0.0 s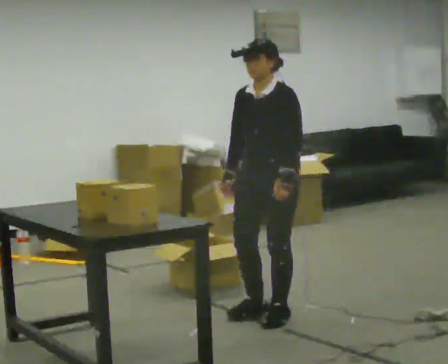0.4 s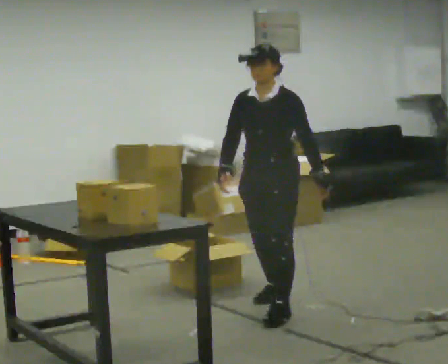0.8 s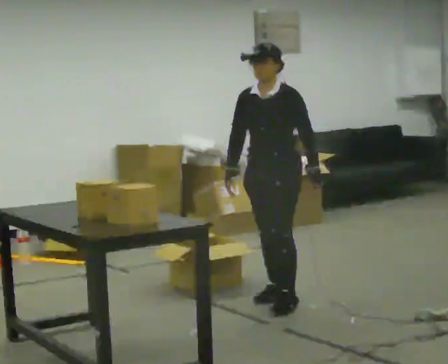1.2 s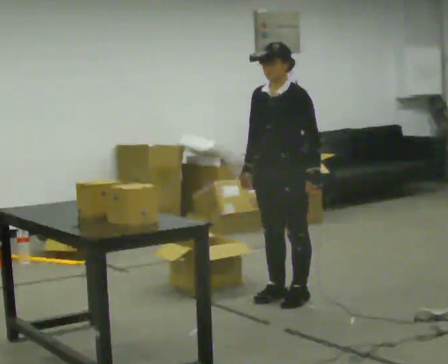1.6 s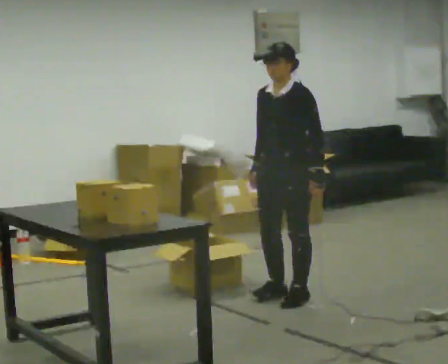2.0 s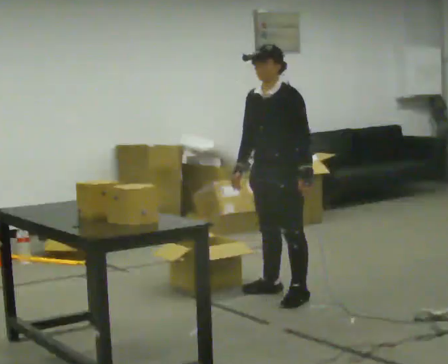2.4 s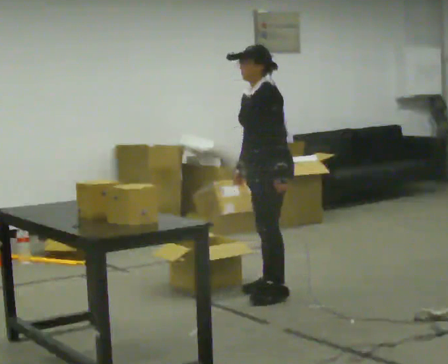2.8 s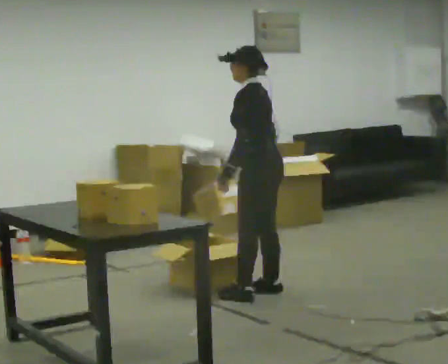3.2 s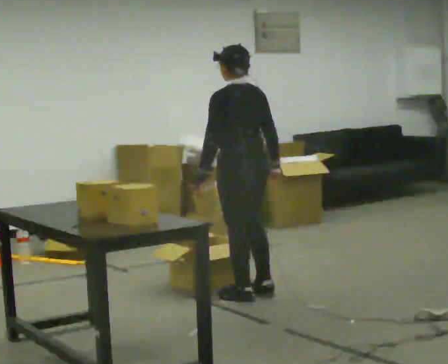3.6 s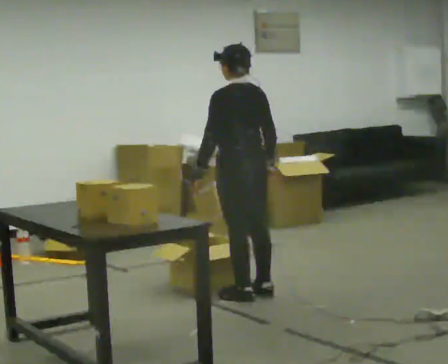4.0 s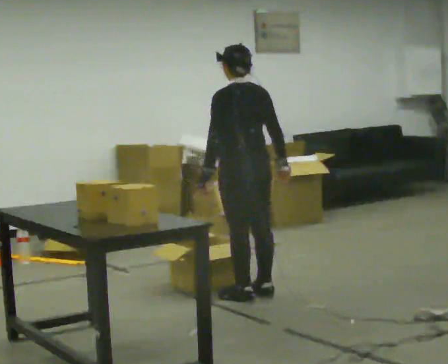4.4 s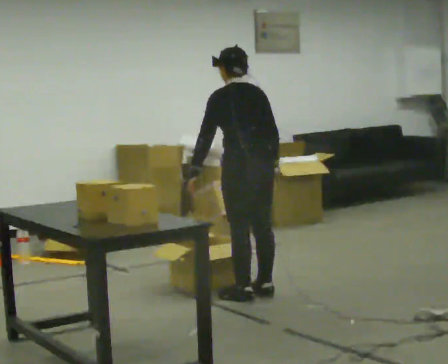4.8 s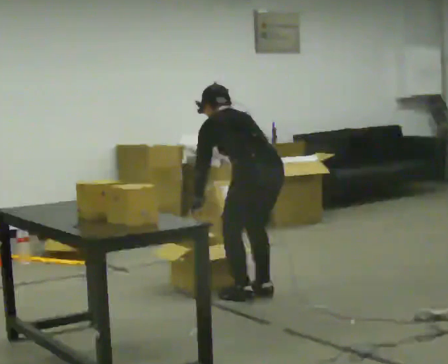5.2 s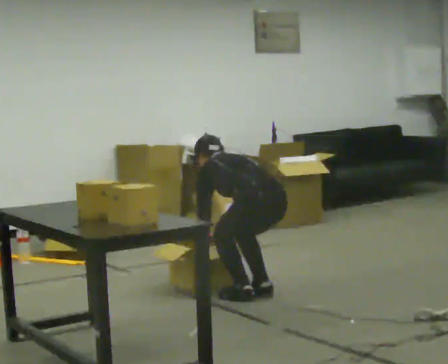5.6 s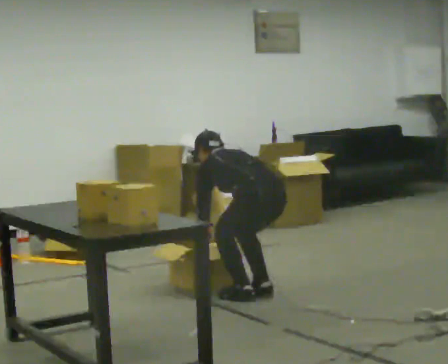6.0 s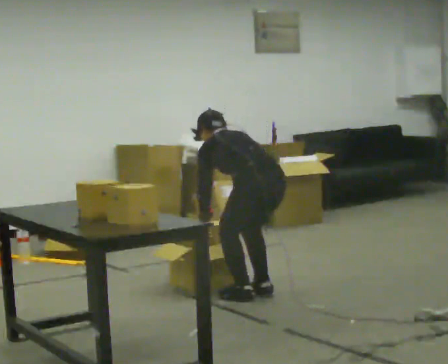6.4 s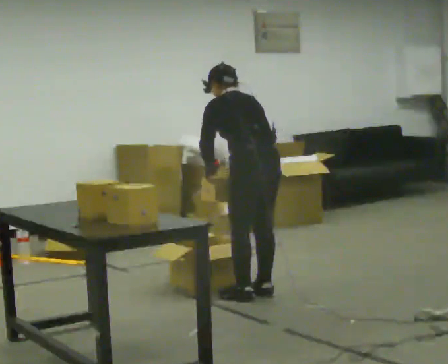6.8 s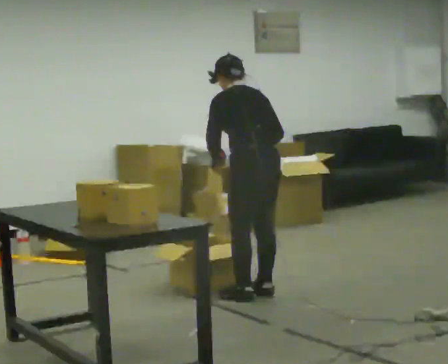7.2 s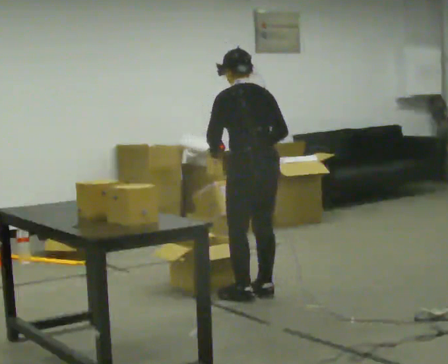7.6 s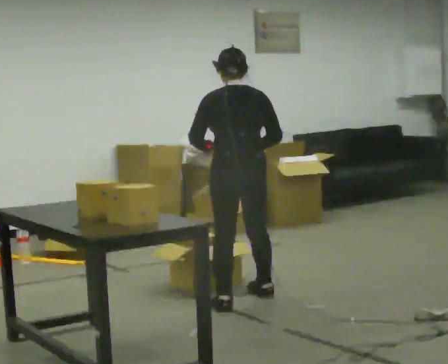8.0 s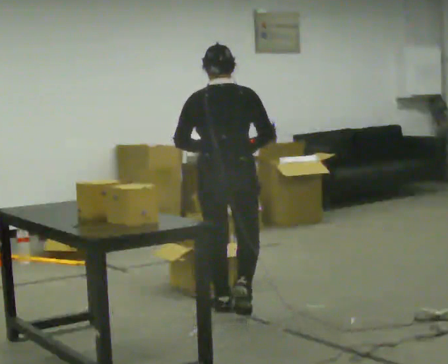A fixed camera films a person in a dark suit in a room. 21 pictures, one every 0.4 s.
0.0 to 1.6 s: In the picture they go away from the camera, about 0.5 m in 1 step, which for them is backward.
1.6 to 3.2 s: Seen from above the body turns clockwise, about 90 degrees: to their right, with its near side sliding to the left. In the picture they go to the left, about 0.25 m in 1 step.
3.2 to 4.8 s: The upper body goes downward. The upper body tips away from the camera, its near side rolling upward, as they bend forward.
4.8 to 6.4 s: The person moves a little, or ends about where they began.
6.4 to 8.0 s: Seen from above the body turns clockwise, about 45 degrees: to their right, with its near side sliding to the left. In the picture they go toward the camera and to the left, about 0.25 m in 2 steps, which for them is to their left and backward. The upper body tips toward the camera, its near side rolling downward, as they lean back or straighten.
The film runs backward here.
